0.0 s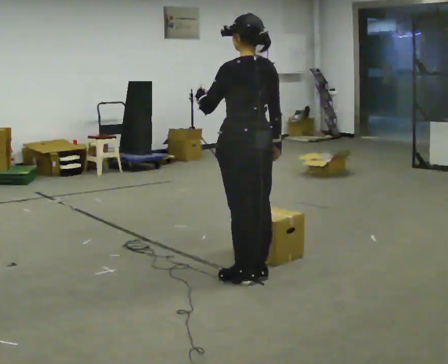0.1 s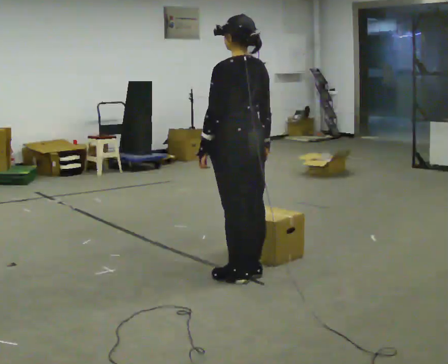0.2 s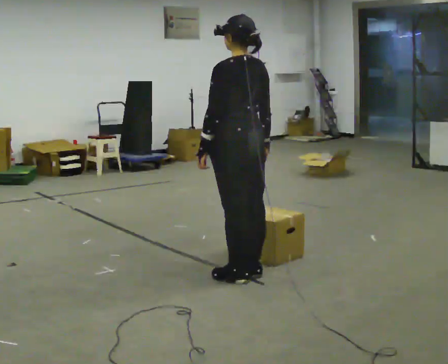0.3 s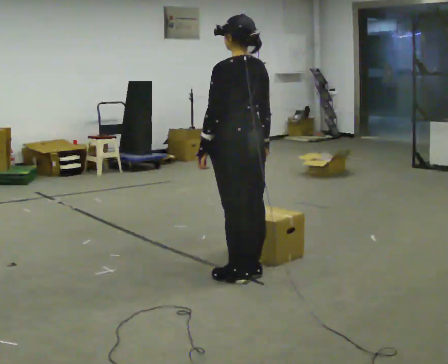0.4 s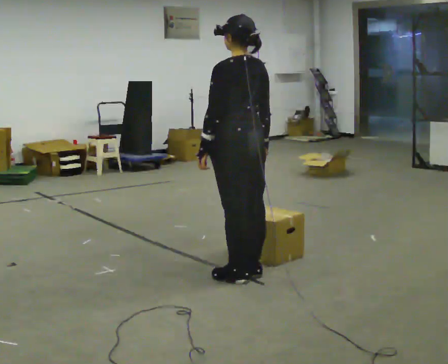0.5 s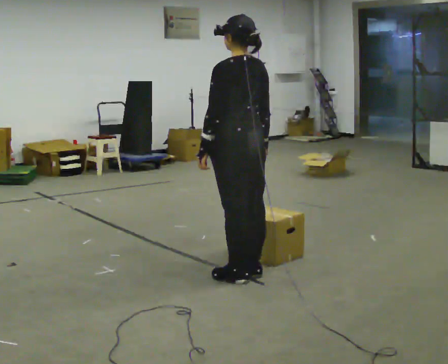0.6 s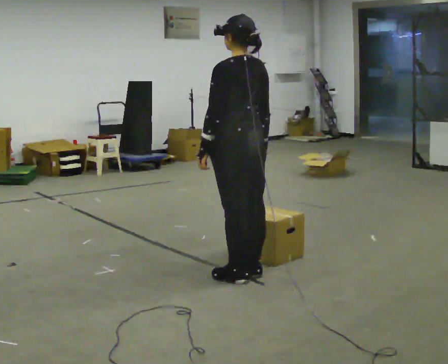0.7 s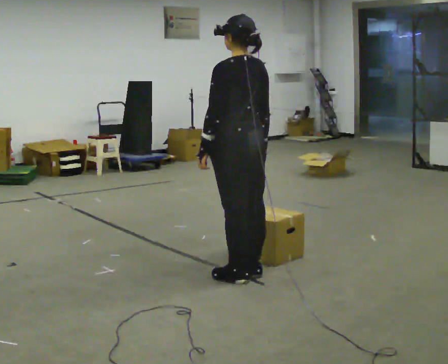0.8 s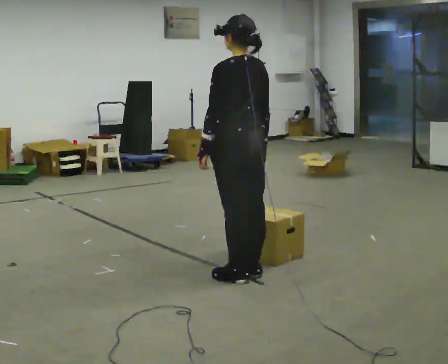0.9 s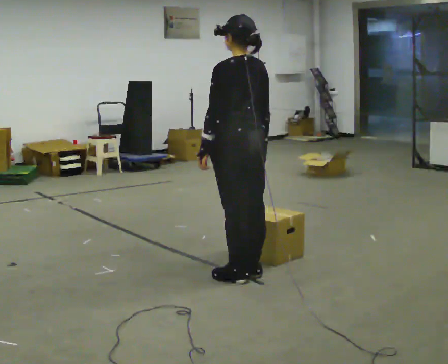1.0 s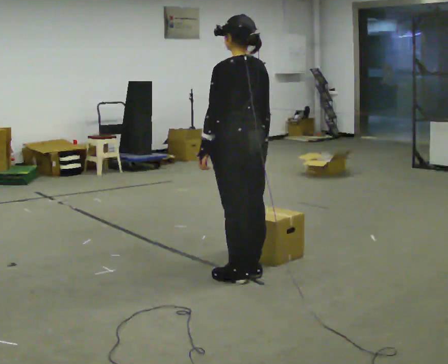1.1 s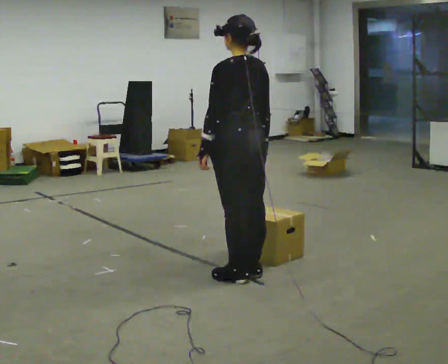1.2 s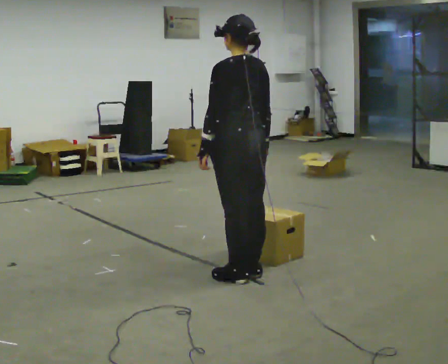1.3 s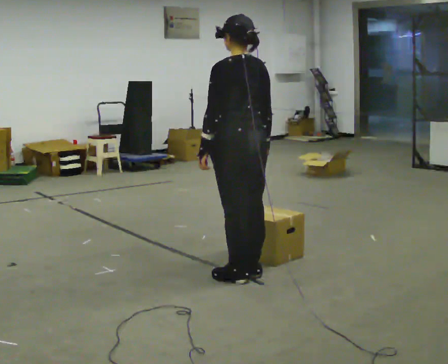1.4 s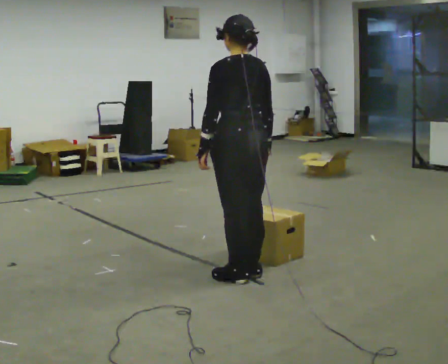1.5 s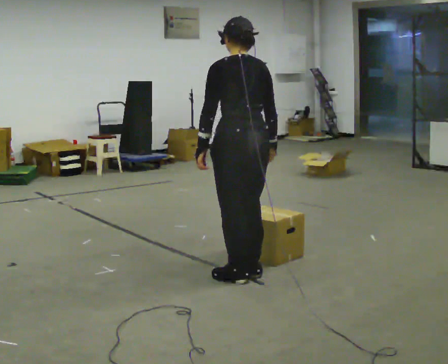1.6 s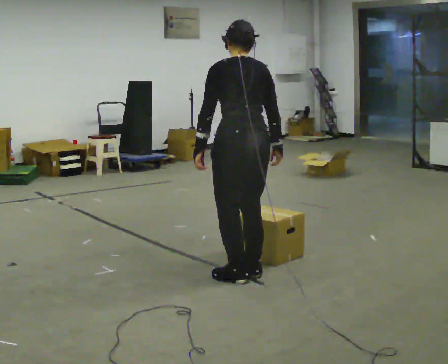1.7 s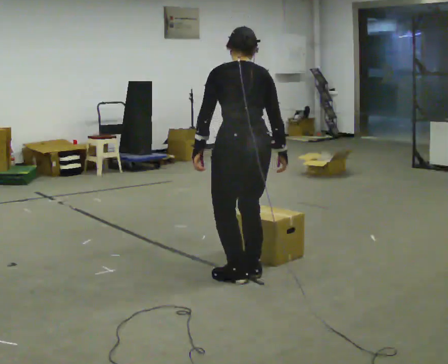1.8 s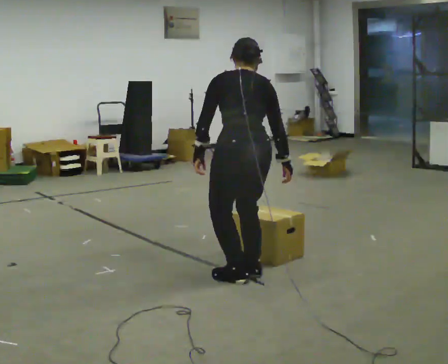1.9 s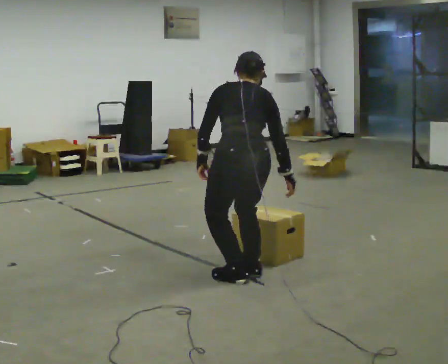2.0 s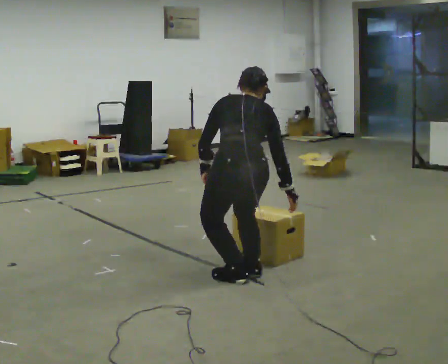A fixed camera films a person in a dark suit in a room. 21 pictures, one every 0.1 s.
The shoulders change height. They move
downward.
The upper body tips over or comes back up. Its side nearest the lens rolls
upward.
0.0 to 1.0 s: The person moves a little, or ends about where they began.
1.0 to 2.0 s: Seen from above the body turns clockwise, about 30 degrees: to their right, with its near side sliding to the left. The shoulders move downward. The upper body tips away from the camera, its near side rolling upward, as they bend forward.
The film runs forward here.
